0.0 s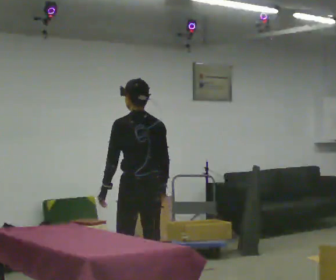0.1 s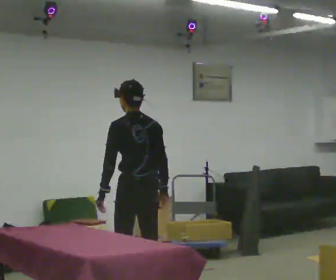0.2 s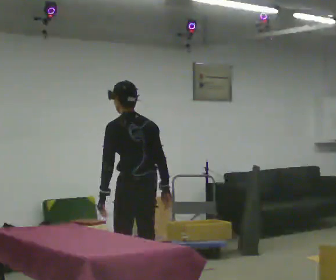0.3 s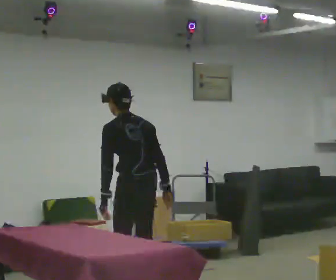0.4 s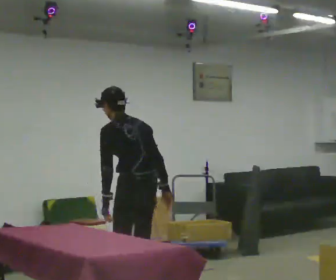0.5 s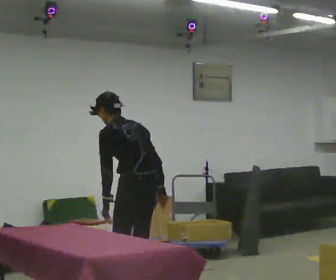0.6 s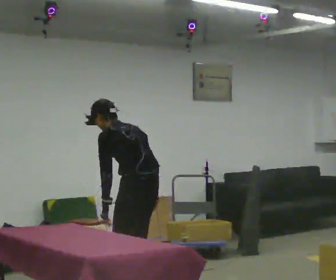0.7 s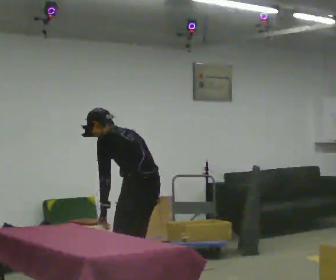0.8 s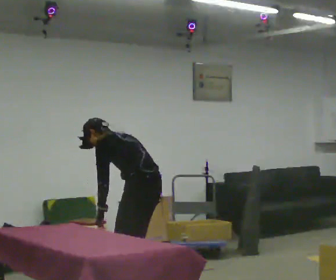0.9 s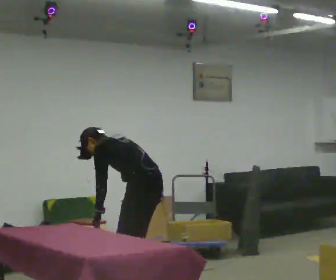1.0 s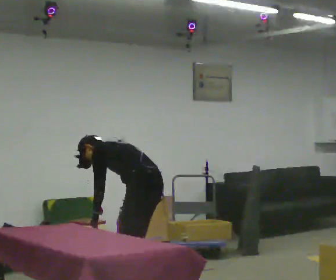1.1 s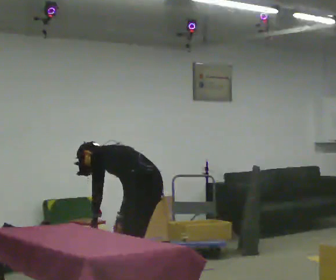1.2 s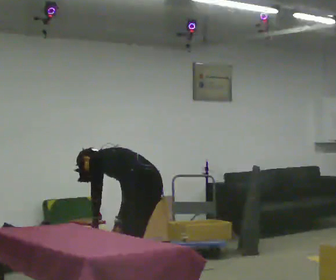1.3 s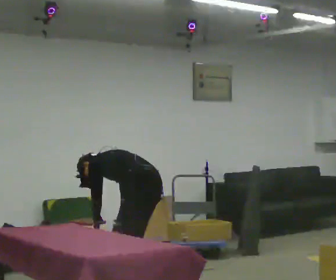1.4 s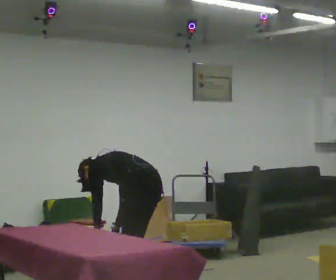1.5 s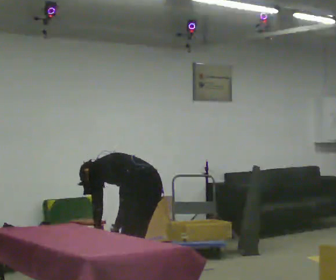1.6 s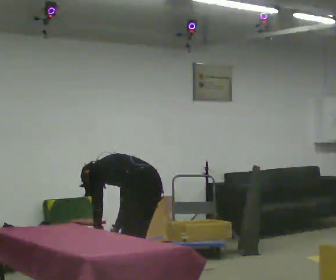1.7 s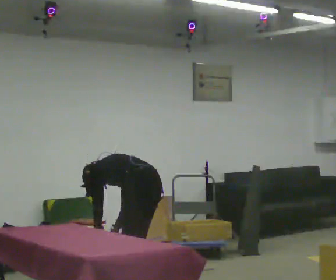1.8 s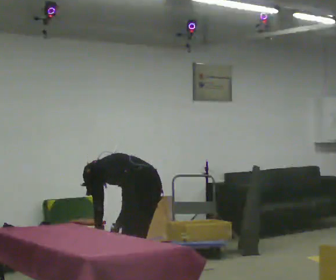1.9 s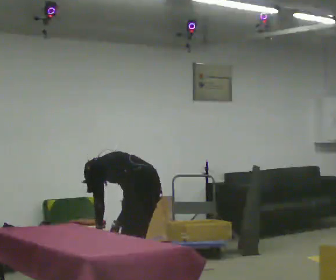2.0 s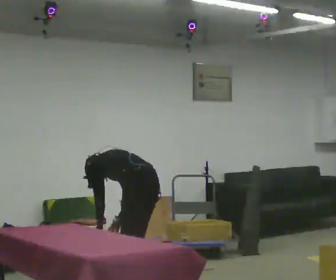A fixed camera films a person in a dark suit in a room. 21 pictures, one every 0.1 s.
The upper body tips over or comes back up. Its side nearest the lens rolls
upward.
The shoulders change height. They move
downward.
0.0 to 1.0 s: Seen from above the body turns counterclockwise, about 30 degrees: to their left, with its near side sliding to the right. The upper body goes downward. In the picture the upper body tilts counterclockwise, shoulders to the left, as they bend forward.
1.0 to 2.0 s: The upper body tips away from the camera, its near side rolling upward.
The film runs backward here.
